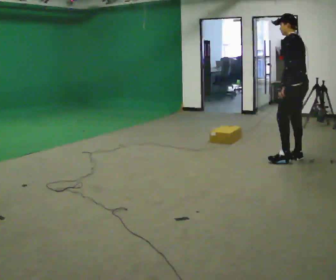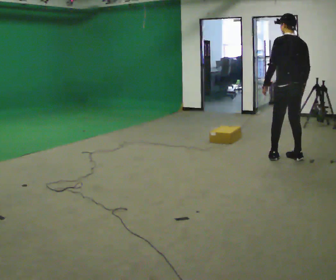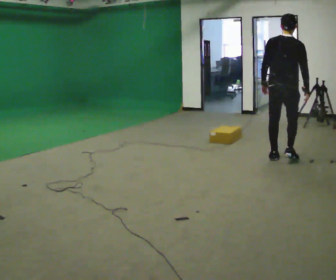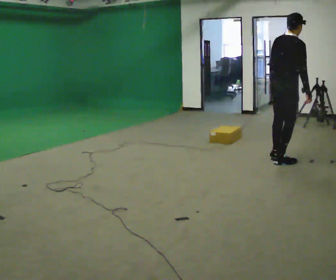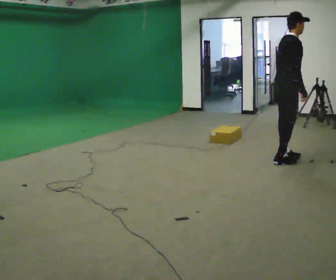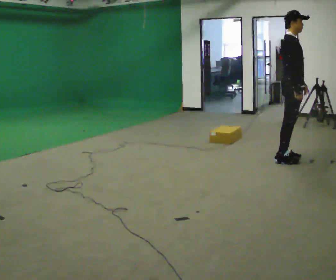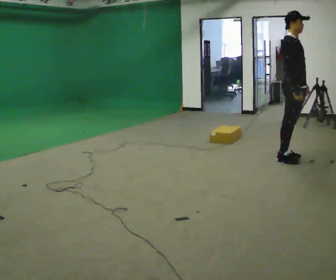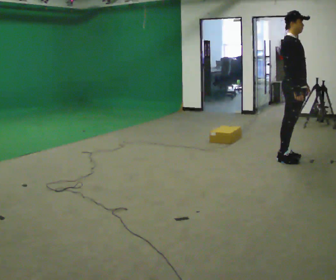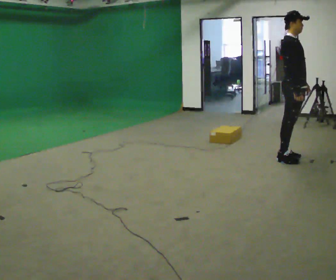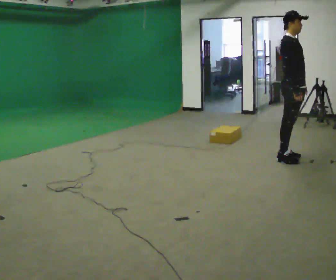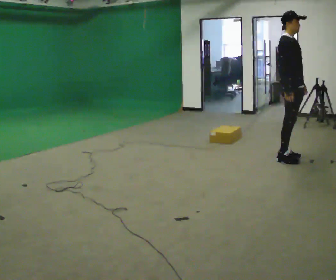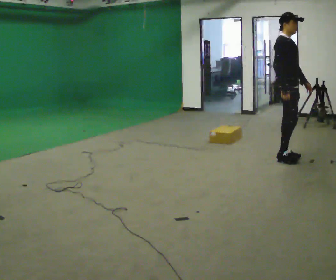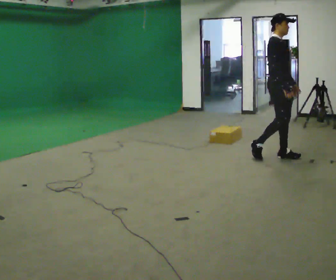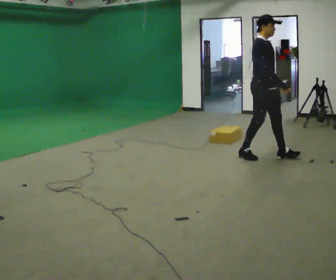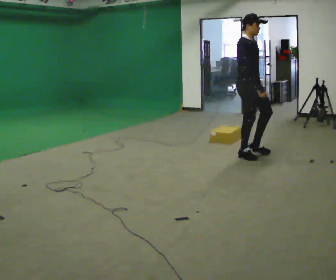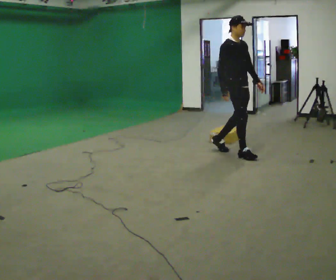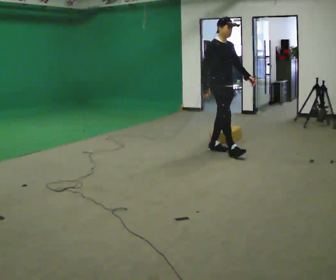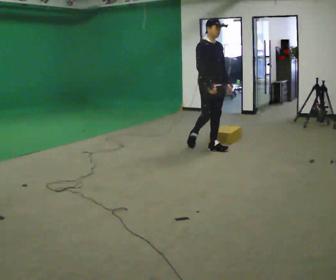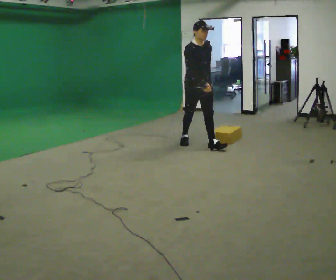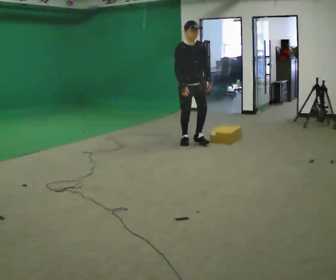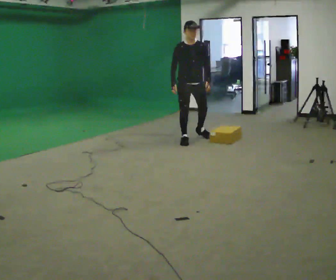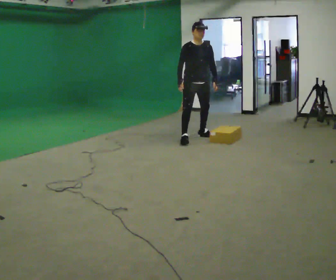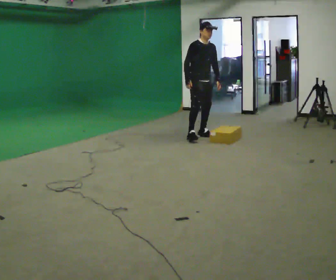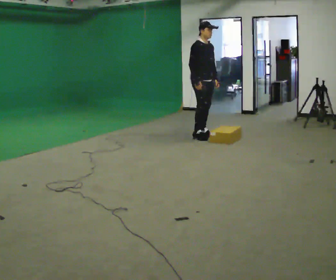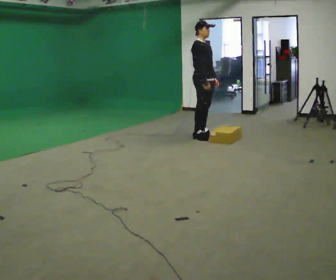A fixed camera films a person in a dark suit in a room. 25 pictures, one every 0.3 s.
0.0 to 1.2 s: The part of the body nearest the lens slides to the left as the person turns to their right by about 135 degrees. In the picture the upper body tilts clockwise, shoulders to the right.
1.2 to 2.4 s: The part of the body nearest the lens slides to the left as the person turns to their right by about 30 degrees. In the picture the upper body tilts counterclockwise, shoulders to the left.
2.4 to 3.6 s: In the picture they go to the left, about 0.25 m in 1 step, which for them is backward.
3.6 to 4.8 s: In the picture they go to the left, about 1 m in 2 steps, which for them is backward.
4.8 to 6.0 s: Seen from above the body turns clockwise, about 30 degrees: to their right, with its near side sliding to the left. In the picture they go to the left and away from the camera, about 0.5 m in 1 step, which for them is backward.
6.0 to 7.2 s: The person turns about 45 degrees to their left, counterclockwise seen from above, so the part of the body nearest the lens slides to the right. In the picture they go away from the camera, about 0.25 m in 1 step, which for them is to their left.
The film runs backward here.
